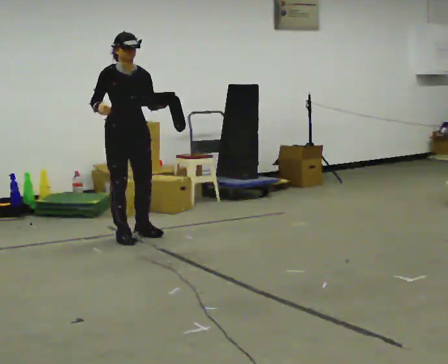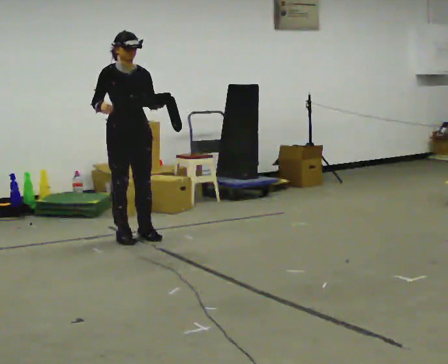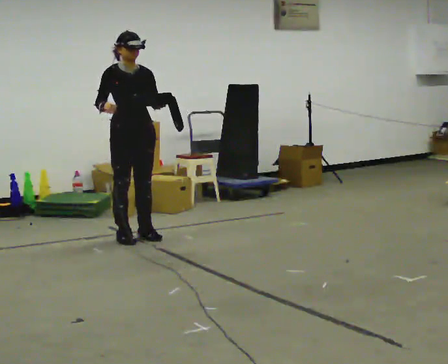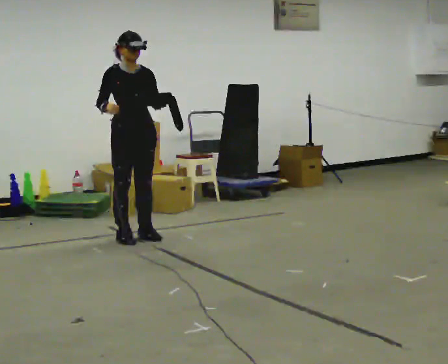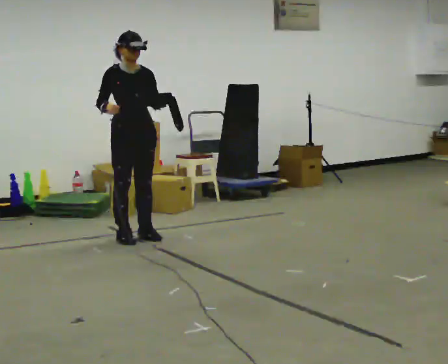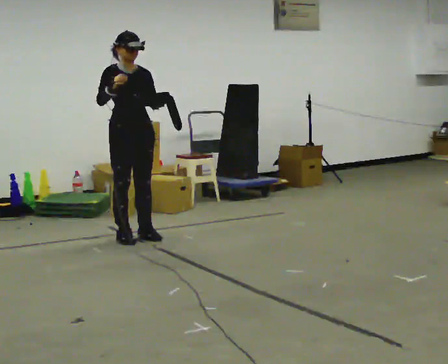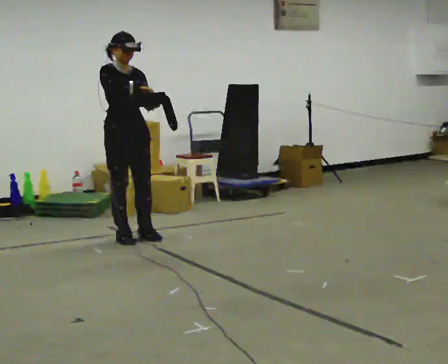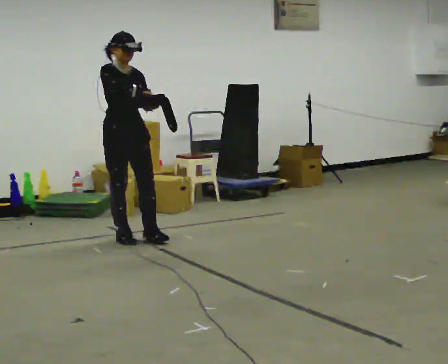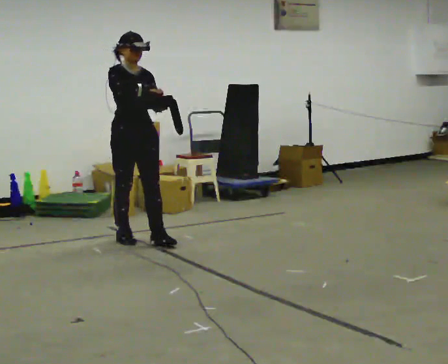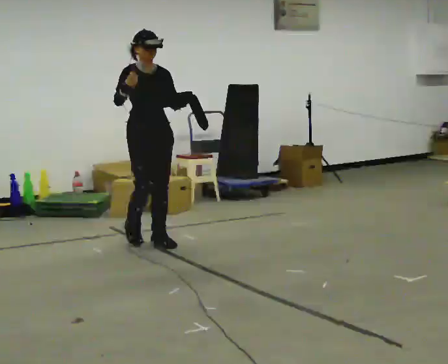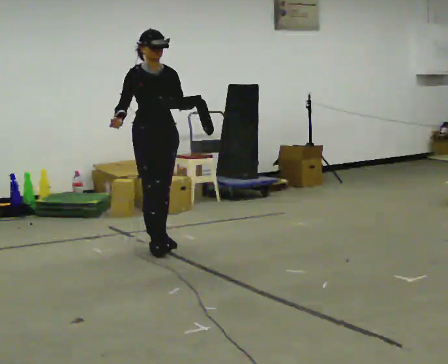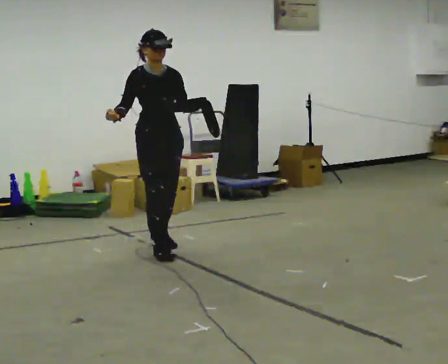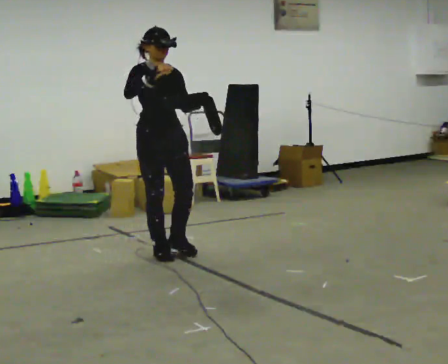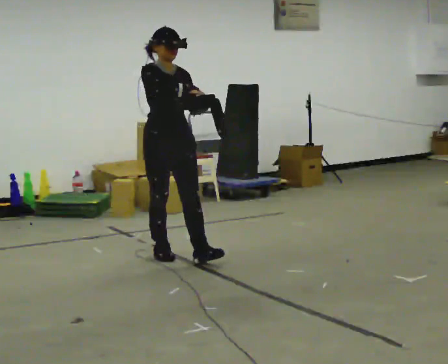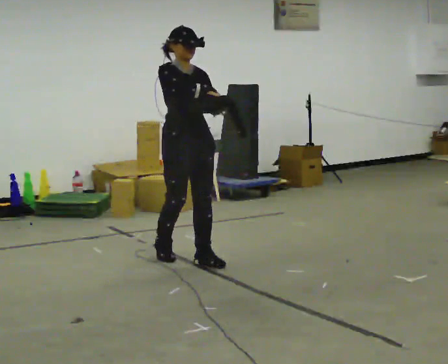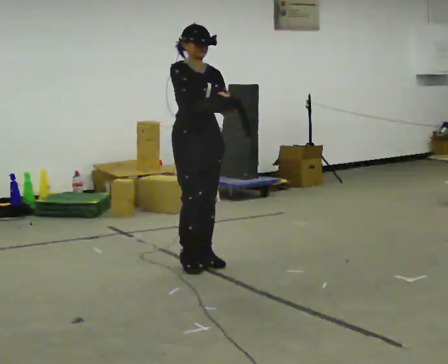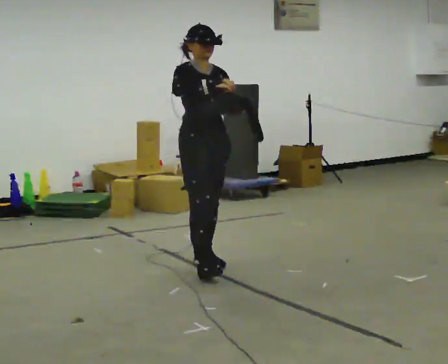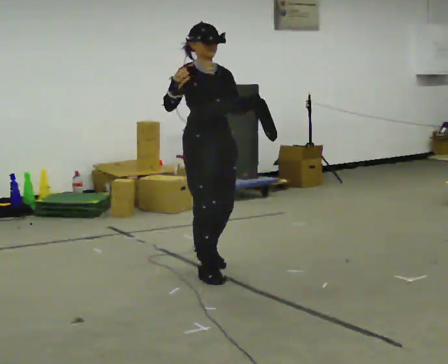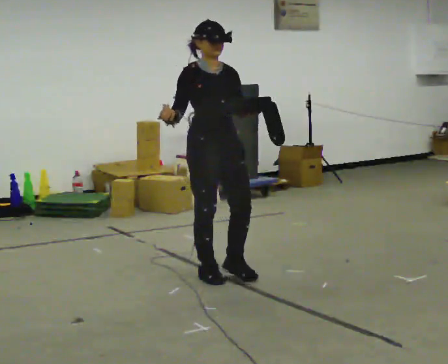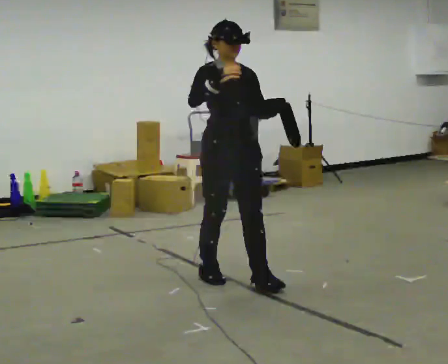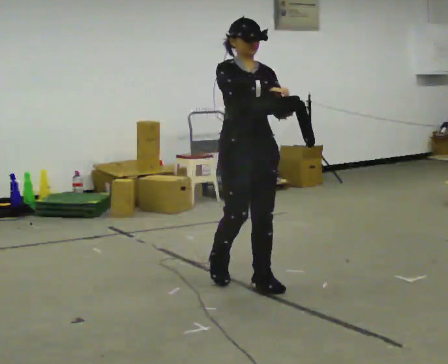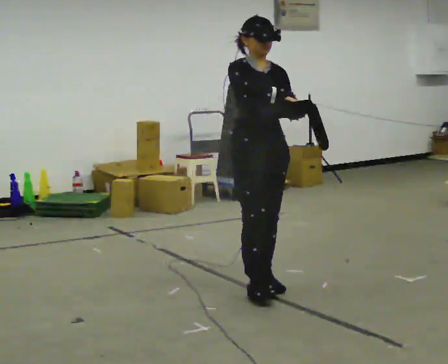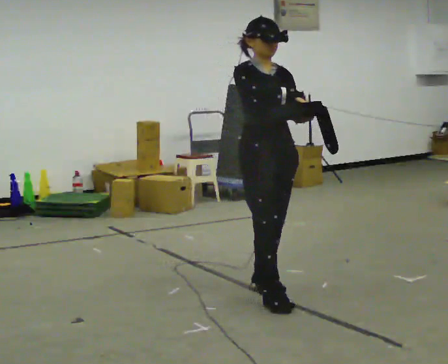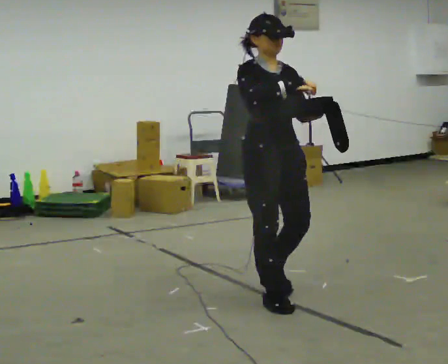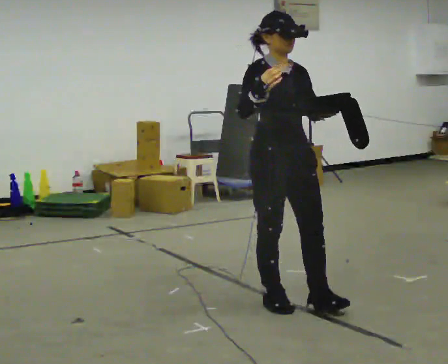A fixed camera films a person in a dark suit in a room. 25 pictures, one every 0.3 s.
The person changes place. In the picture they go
toward the camera.
0.0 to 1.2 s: The person moves a little, or ends about where they began.
1.2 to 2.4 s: In the picture their right hand goes to the right.
2.4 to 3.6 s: In the picture they go toward the camera and to the right, about 0.5 m in 1 step, which for them is forward.
3.6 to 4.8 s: In the picture they go toward the camera and to the right, about 0.5 m in 2 steps, which for them is forward.
4.8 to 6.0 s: In the picture they go toward the camera and to the right, about 0.5 m in 1 step, which for them is forward.
6.0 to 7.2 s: In the picture they go toward the camera, about 0.5 m in 1 step, which for them is forward.
The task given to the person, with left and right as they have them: Carry the open container and, while walking, reach in with one hand and take an item out, then put it back. Repeat as you walk. Do not stop.
The film runs forward here.
